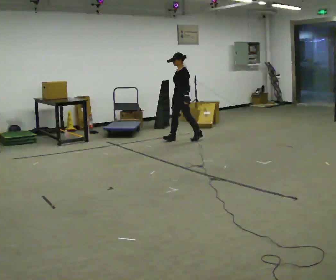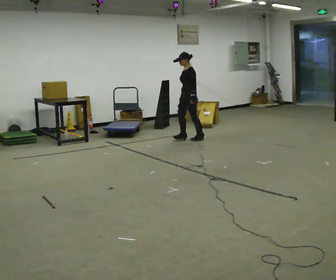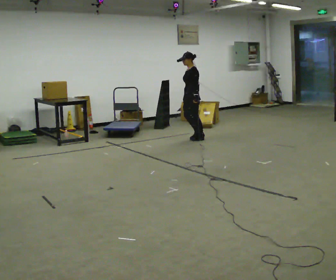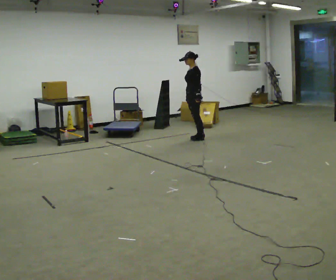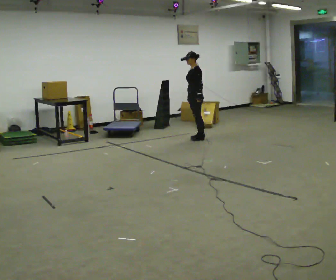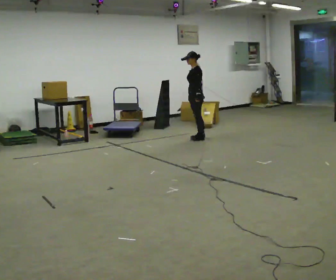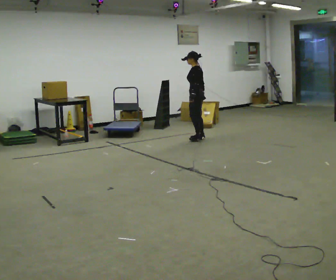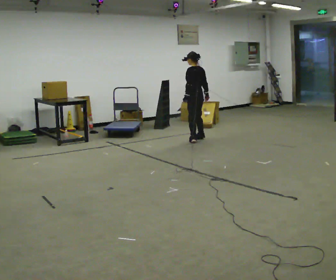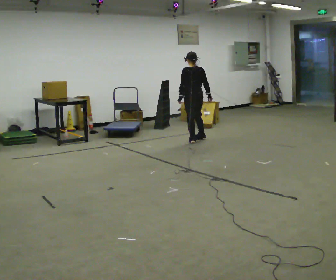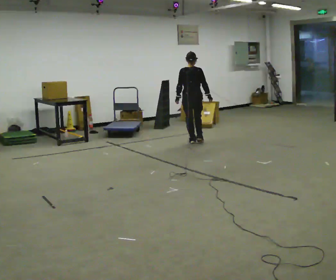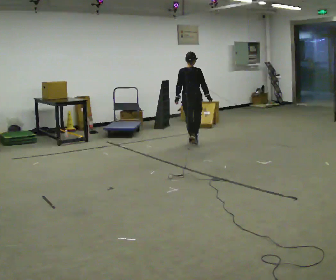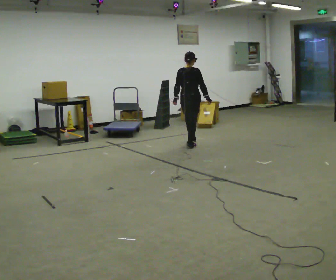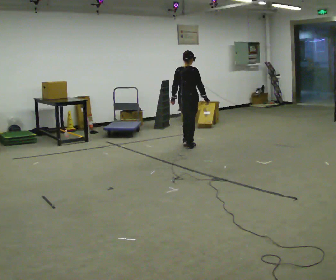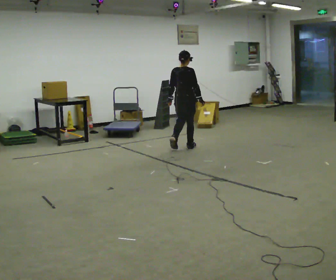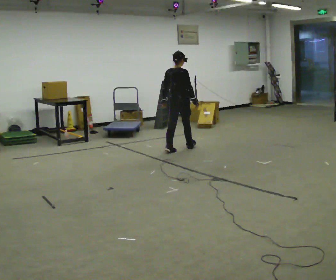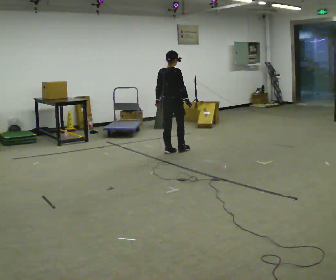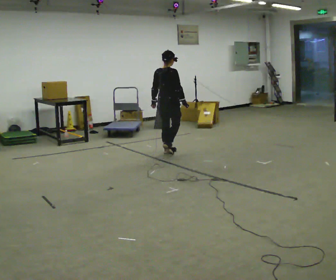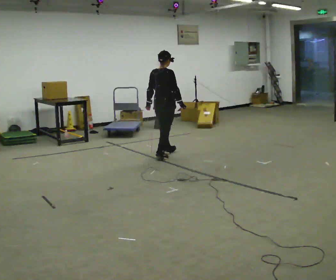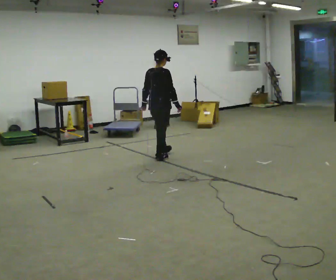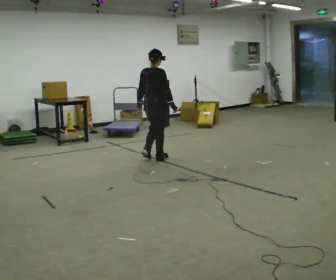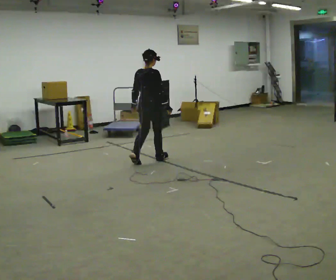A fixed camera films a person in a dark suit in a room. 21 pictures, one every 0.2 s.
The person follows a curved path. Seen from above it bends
clockwise.
The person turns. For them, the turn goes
to their right.
0.0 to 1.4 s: Seen from above the body turns clockwise, about 60 degrees: to their right, with its near side sliding to the left. In the picture they go to the right, about 0.25 m in 2 steps, which for them is backward.
1.4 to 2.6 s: The part of the body nearest the lens slides to the left as the person turns to their right by about 75 degrees. In the picture they go toward the camera, about 0.75 m in 2 steps.
2.6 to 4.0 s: In the picture they go toward the camera and to the left, about 1 m in 2 steps, which for them is backward.
The film runs backward here.
